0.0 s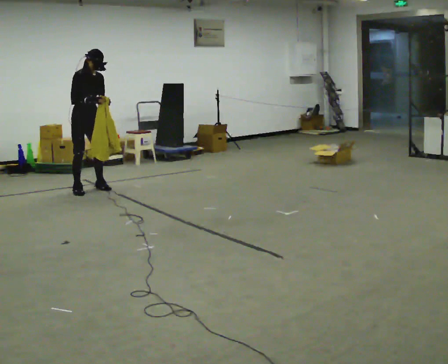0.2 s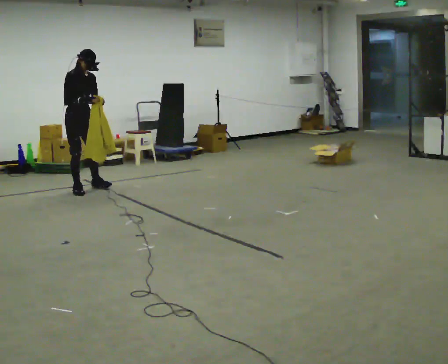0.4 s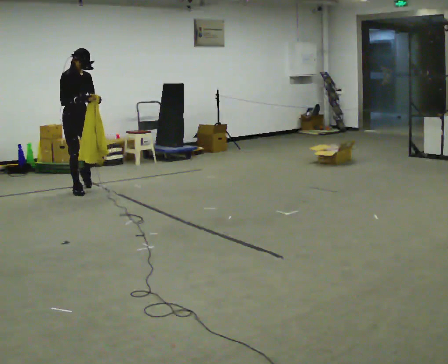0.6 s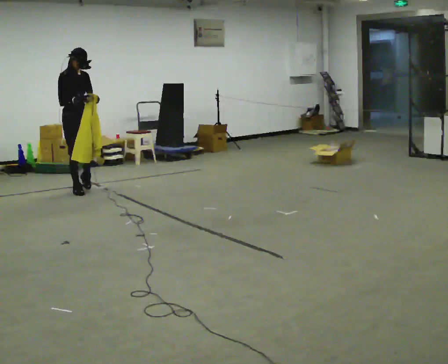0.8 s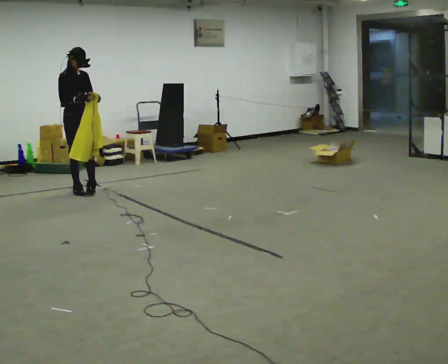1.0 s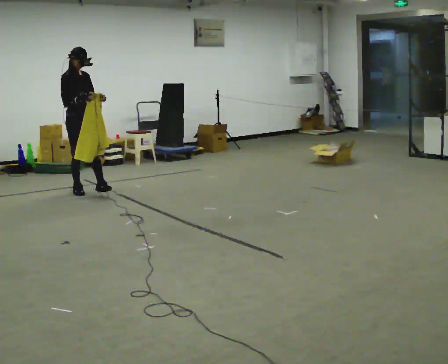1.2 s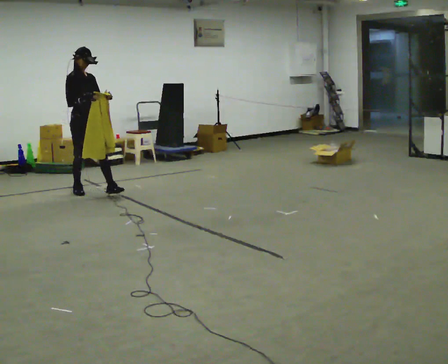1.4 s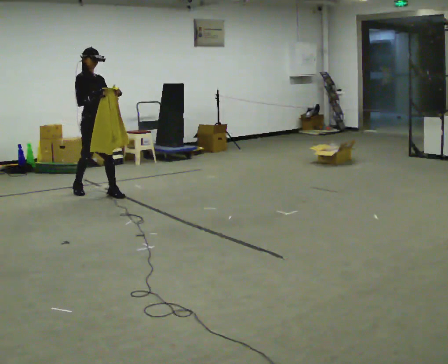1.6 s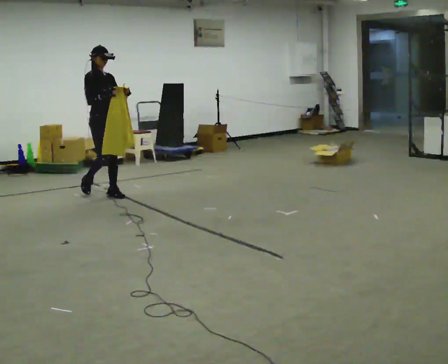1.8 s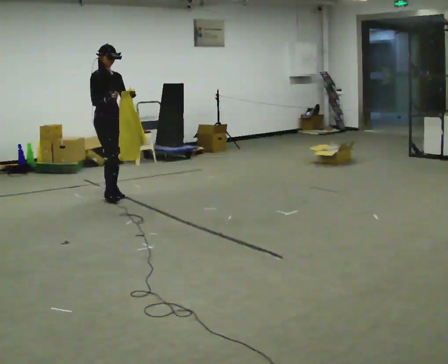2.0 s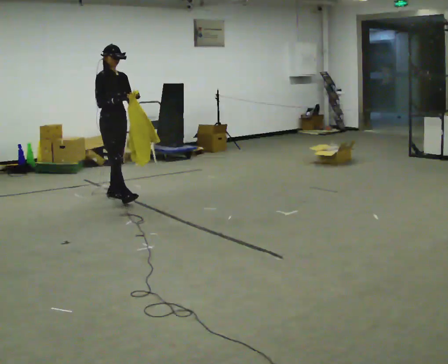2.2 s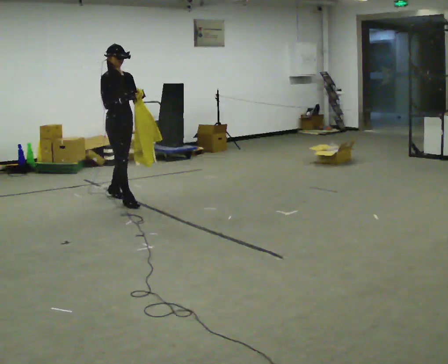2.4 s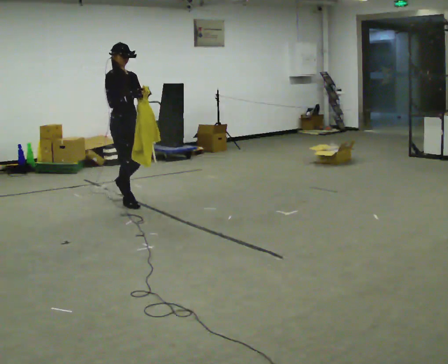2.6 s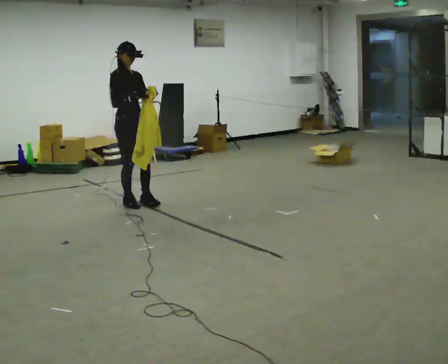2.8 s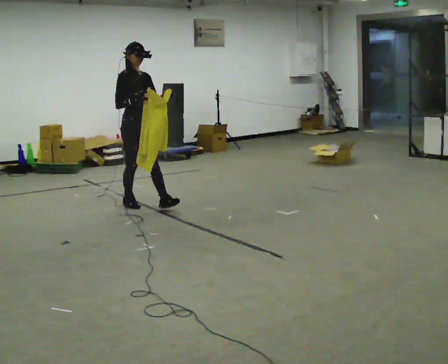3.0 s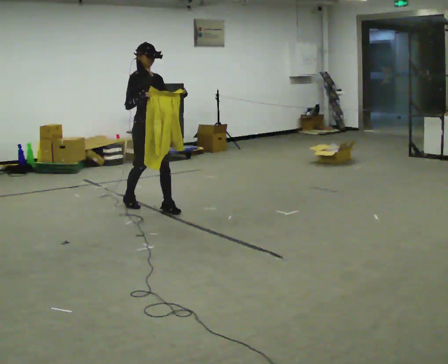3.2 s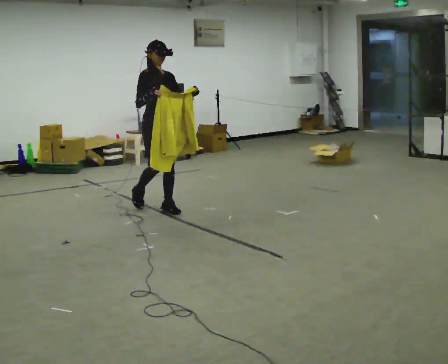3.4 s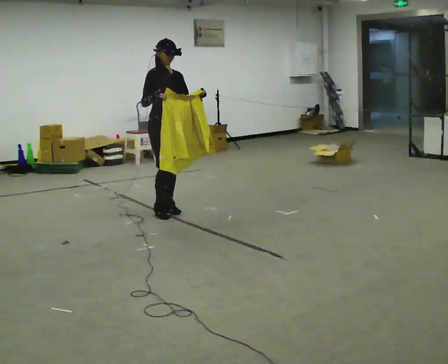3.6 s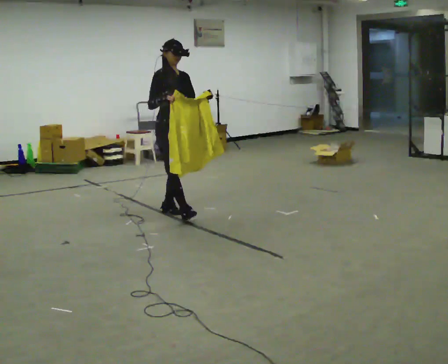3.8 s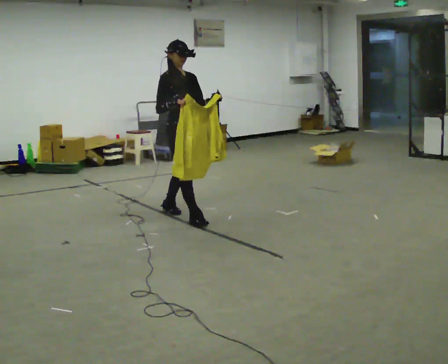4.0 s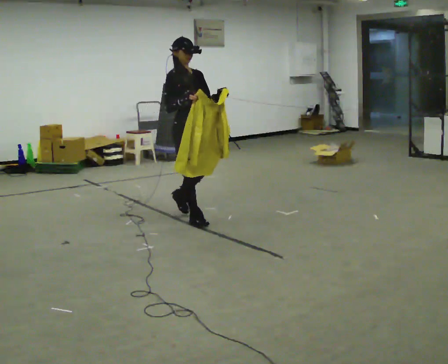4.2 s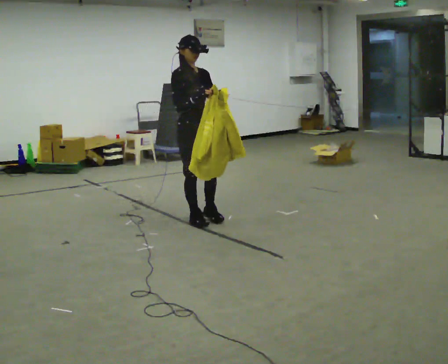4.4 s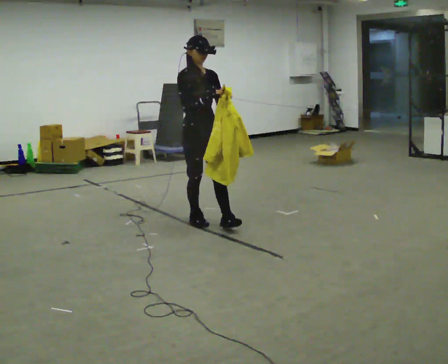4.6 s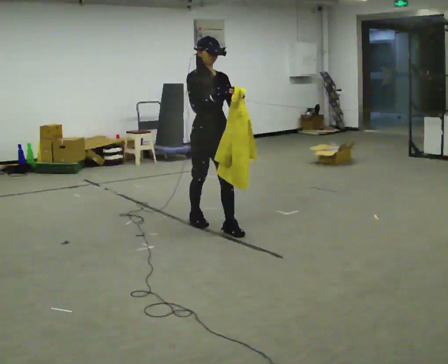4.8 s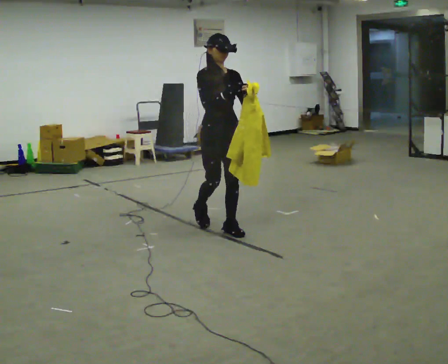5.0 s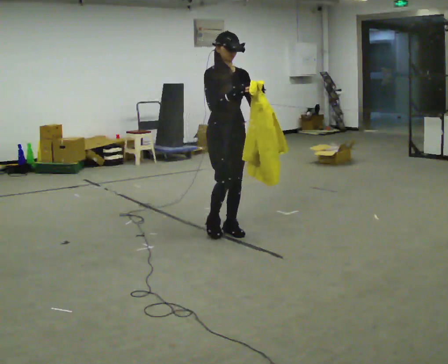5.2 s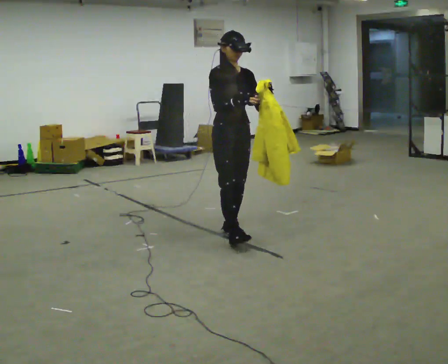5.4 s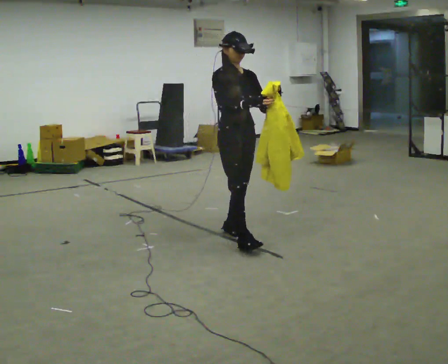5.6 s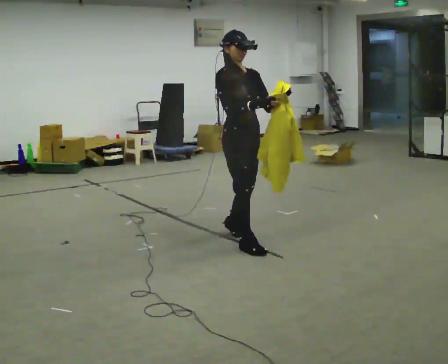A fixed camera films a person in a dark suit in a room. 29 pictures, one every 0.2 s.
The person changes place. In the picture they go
toward the camera.
0.0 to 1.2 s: In the picture they go toward the camera, about 0.25 m in 2 steps, which for them is forward.
1.2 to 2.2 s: In the picture they go toward the camera and to the right, about 0.5 m in 1 step, which for them is forward.
2.2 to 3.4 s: In the picture they go toward the camera and to the right, about 0.75 m in 1 step, which for them is forward.
3.4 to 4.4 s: In the picture they go toward the camera and to the right, about 0.5 m in 1 step, which for them is forward.
4.4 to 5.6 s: In the picture they go toward the camera, about 0.75 m in 2 steps, which for them is forward.
The film runs forward here.
